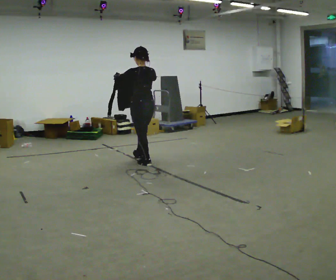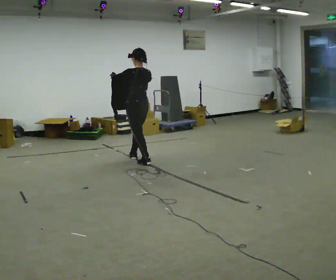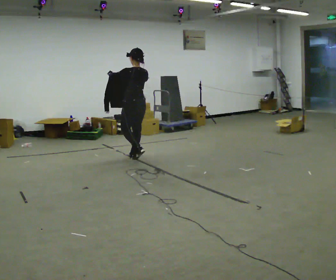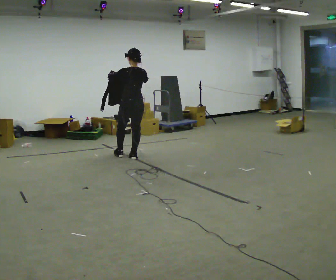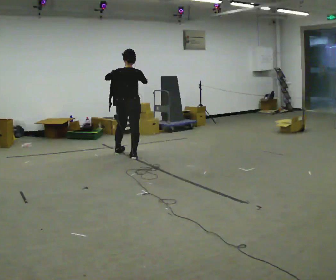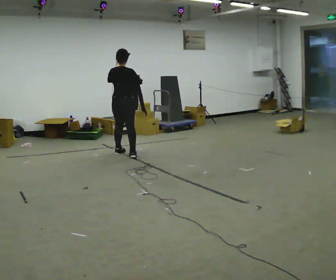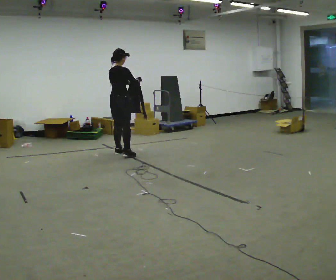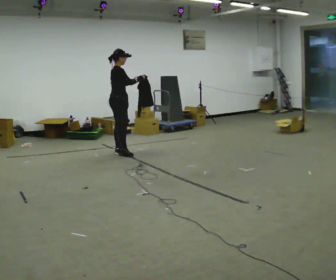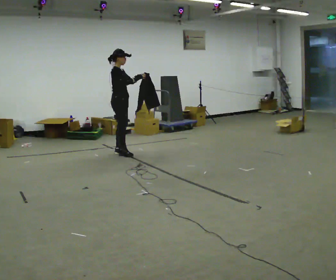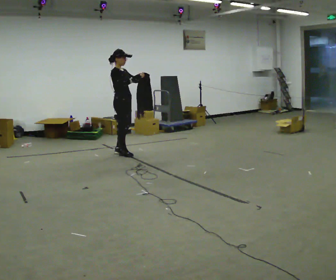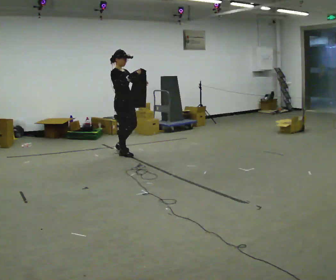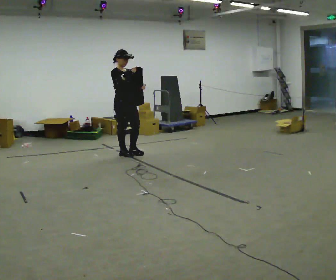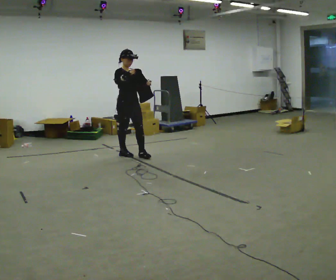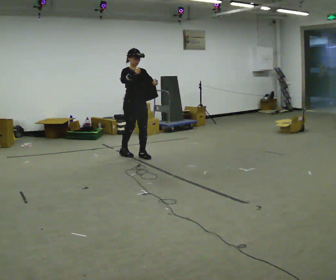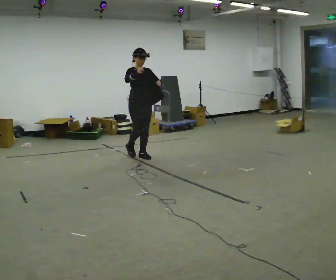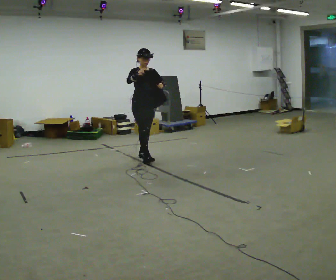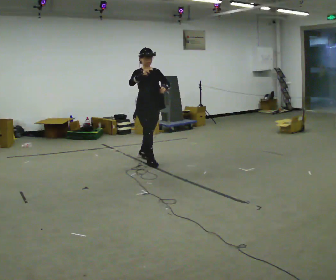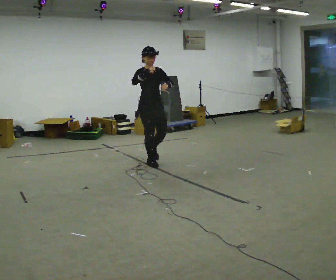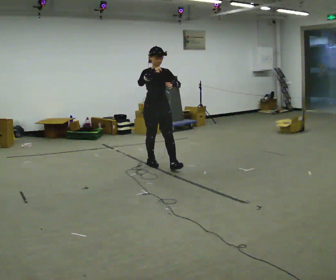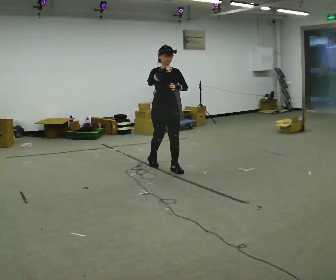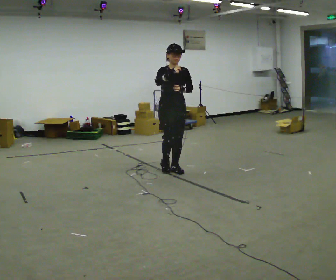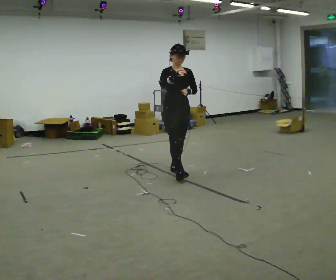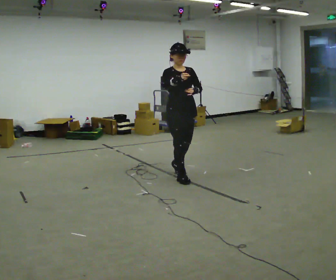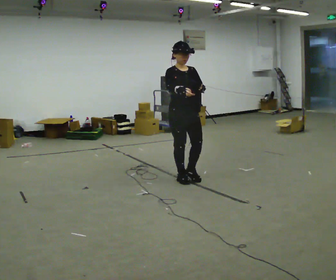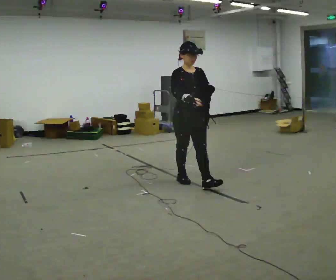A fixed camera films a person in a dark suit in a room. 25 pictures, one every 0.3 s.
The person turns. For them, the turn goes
to their right.
The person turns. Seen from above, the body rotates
clockwise.
0.0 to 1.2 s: The person turns about 30 degrees to their right, clockwise seen from above, so the part of the body nearest the lens slides to the left. In the picture they go away from the camera and to the left, about 0.5 m in 2 steps, which for them is forward.
1.2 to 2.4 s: The person turns about 105 degrees to their right, clockwise seen from above, so the part of the body nearest the lens slides to the left. In the picture they go away from the camera and to the left, about 0.25 m in 1 step. In the picture their left hand goes to the right.
2.4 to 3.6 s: Seen from above the body turns clockwise, about 45 degrees: to their right, with its near side sliding to the left. In the picture they go toward the camera and to the right, about 0.25 m in 1 step, which for them is forward.
3.6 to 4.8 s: In the picture they go toward the camera and to the right, about 0.5 m in 1 step, which for them is forward.
4.8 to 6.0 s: In the picture they go toward the camera and to the right, about 0.5 m in 1 step, which for them is forward.
6.0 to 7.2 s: In the picture they go toward the camera, about 0.5 m in 2 steps, which for them is forward.
The film runs forward here.
